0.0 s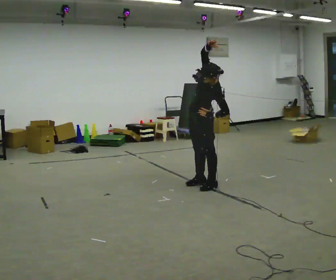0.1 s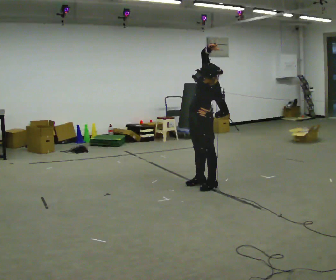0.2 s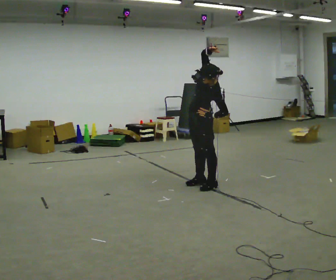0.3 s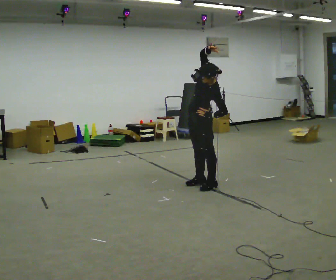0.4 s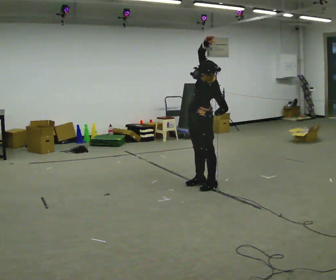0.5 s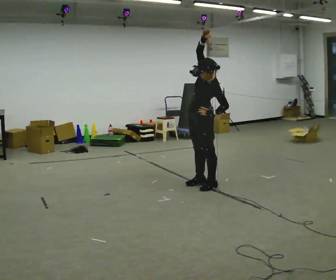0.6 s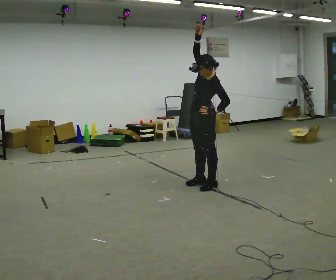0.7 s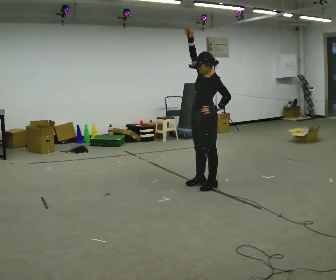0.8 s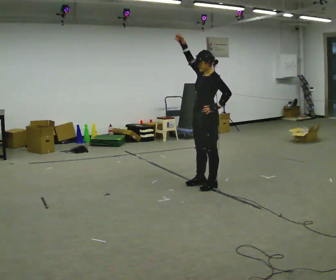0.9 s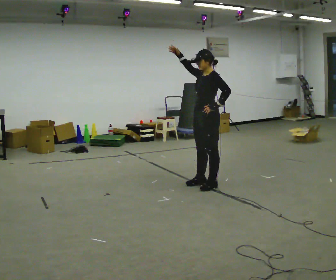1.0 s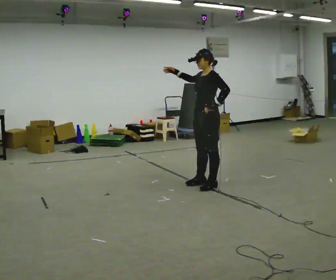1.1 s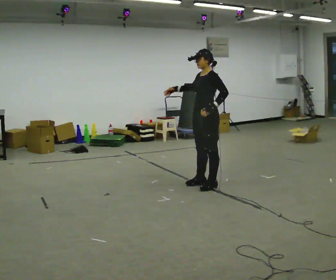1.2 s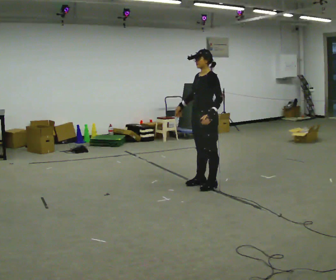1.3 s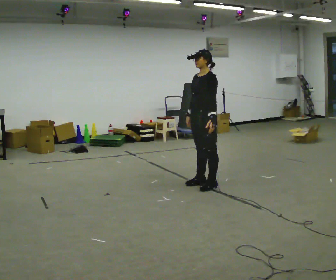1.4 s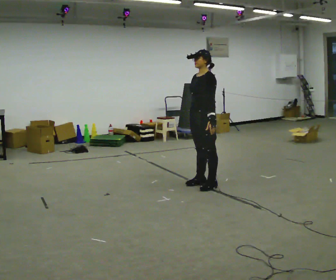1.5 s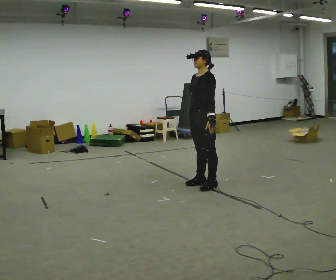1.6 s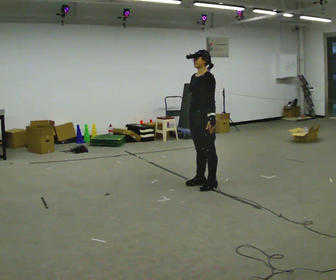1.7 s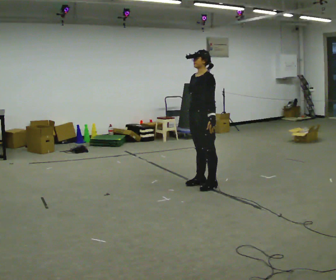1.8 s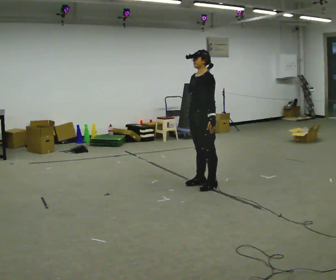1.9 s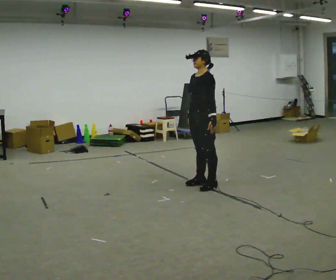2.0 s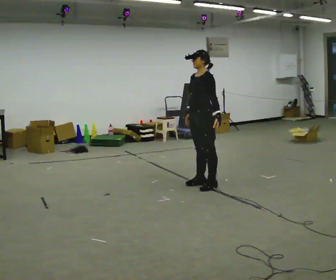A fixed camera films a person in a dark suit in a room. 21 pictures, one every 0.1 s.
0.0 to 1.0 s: The upper body tips away from the camera, its near side rolling upward. In the picture their right hand goes to the left, the arm swinging counterclockwise.
1.0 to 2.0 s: In the picture their right hand goes downward, the arm swinging counterclockwise.
The film runs forward here.
